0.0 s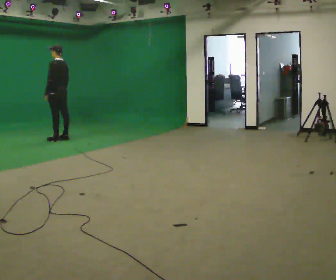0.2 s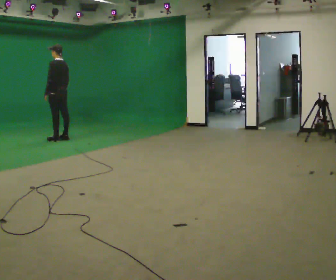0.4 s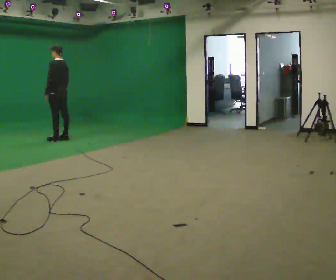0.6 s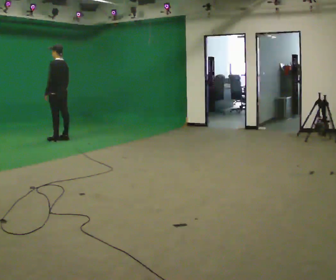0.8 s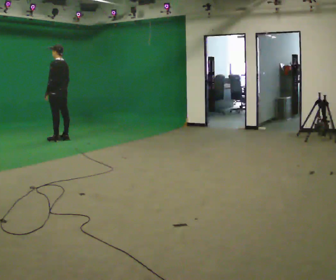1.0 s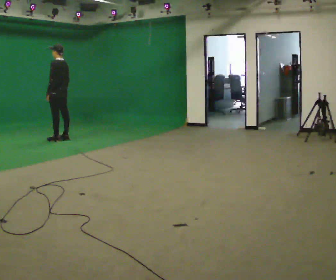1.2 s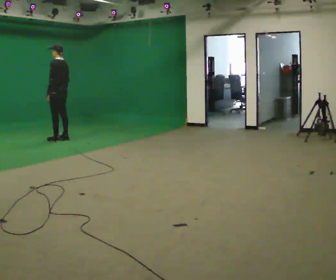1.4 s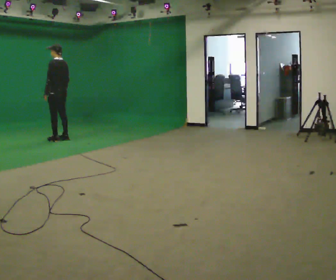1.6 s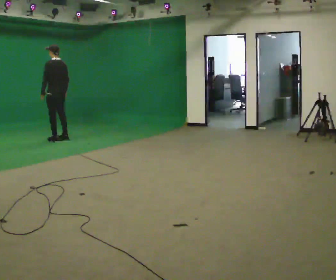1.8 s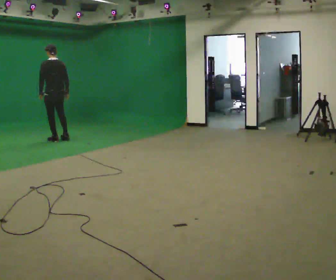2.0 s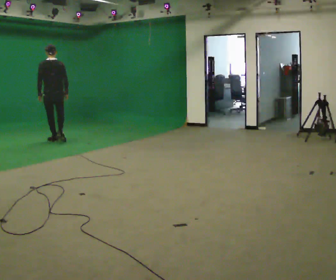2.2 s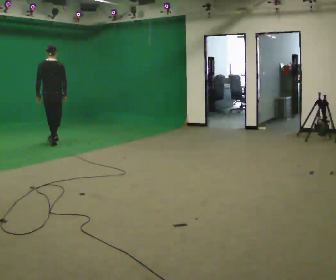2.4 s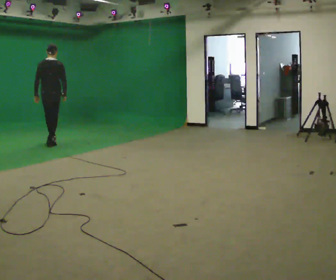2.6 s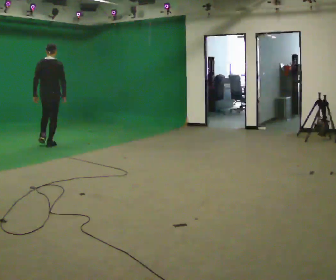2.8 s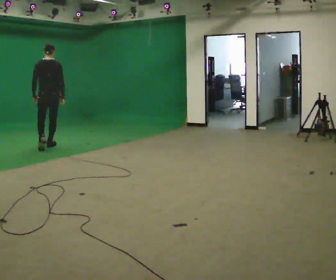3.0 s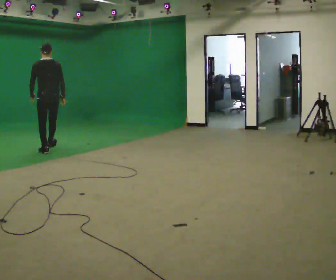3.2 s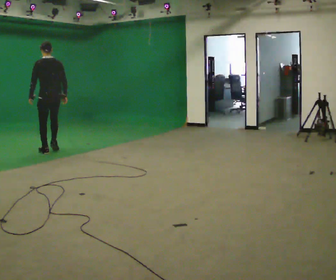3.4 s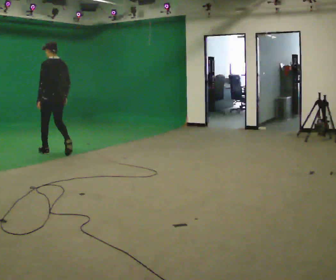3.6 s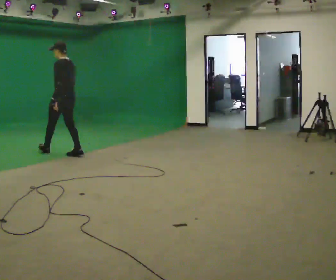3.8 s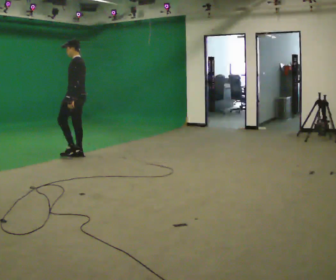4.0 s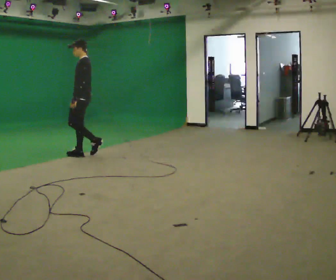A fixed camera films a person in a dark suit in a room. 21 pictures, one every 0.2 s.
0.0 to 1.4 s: The person moves a little, or ends about where they began.
1.4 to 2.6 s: The person turns about 60 degrees to their right, clockwise seen from above, so the part of the body nearest the lens slides to the left. In the picture they go toward the camera, about 0.5 m in 2 steps, which for them is backward and to their left.
2.6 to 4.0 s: The part of the body nearest the lens slides to the right as the person turns to their left by about 90 degrees. In the picture they go toward the camera and to the right, about 1 m in 2 steps.
The film runs backward here.
